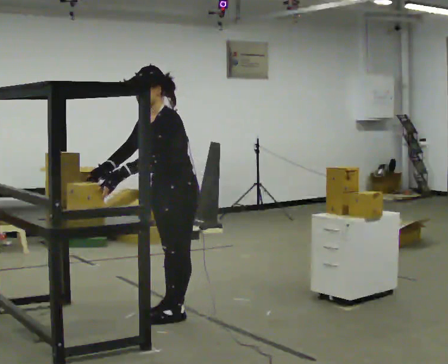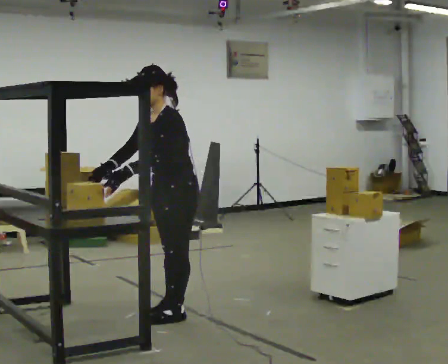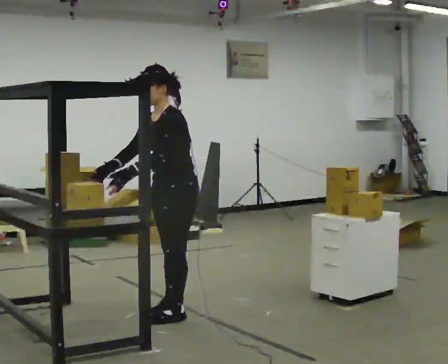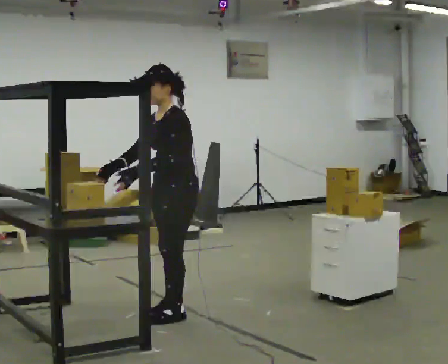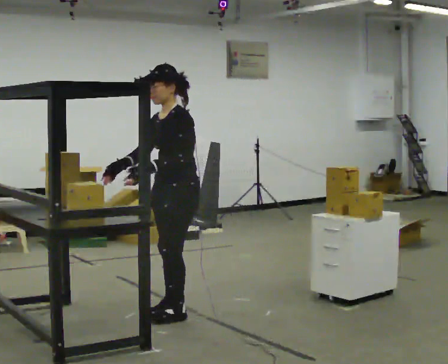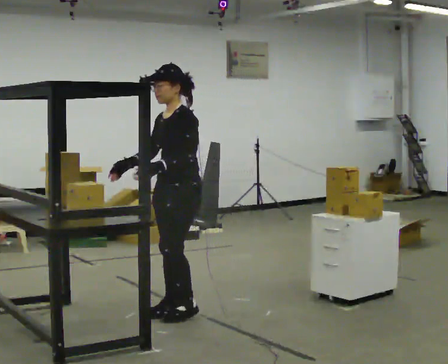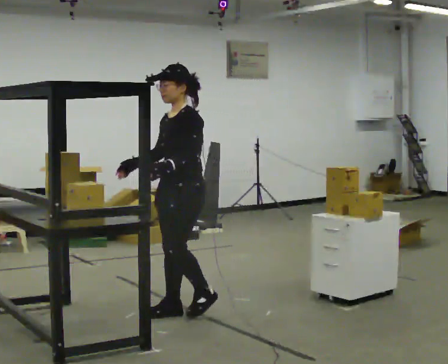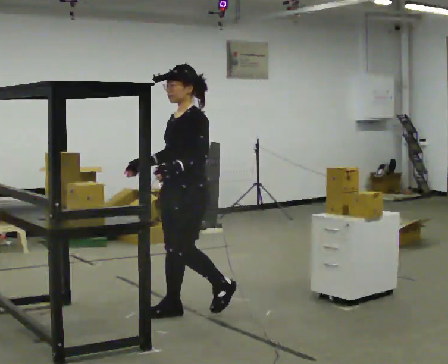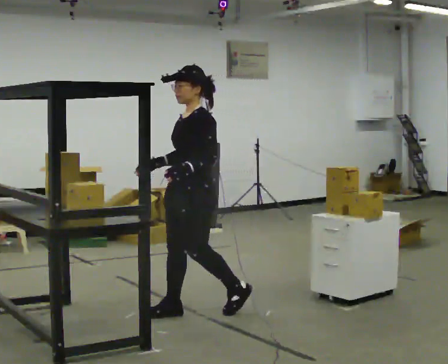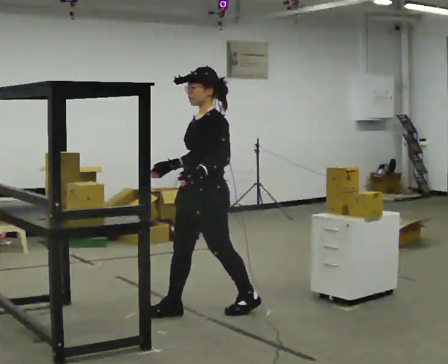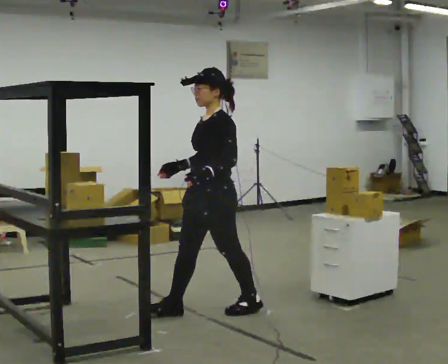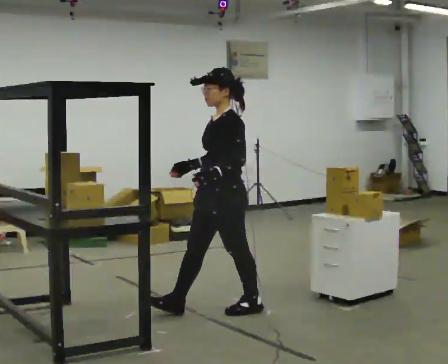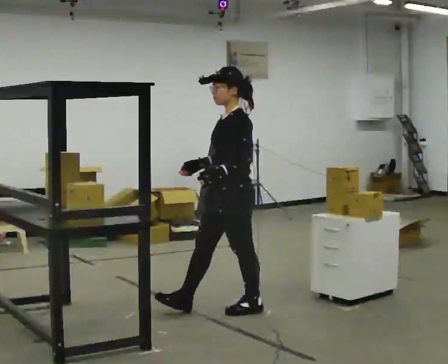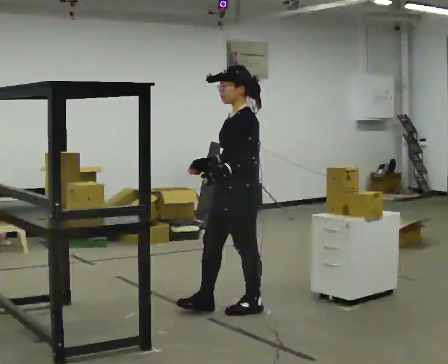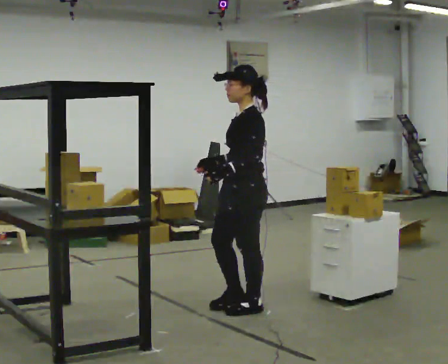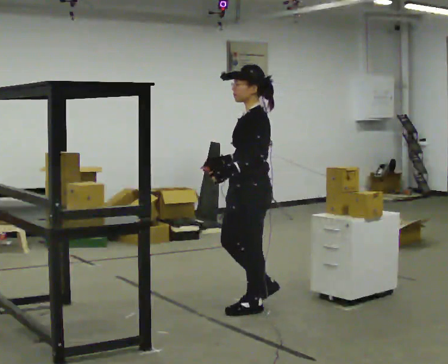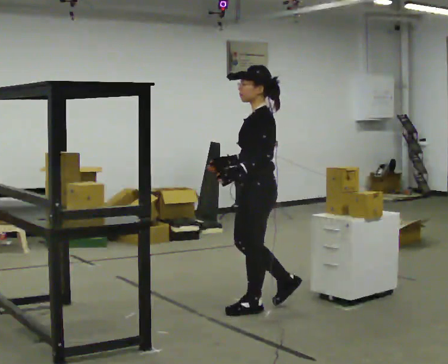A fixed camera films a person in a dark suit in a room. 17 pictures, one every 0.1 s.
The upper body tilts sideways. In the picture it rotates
clockwise.
0.0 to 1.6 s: Seen from above the body turns clockwise, about 30 degrees: to their right, with its near side sliding to the left. In the picture they go to the right, about 0.5 m in 2 steps, which for them is backward. In the picture the upper body tilts clockwise, shoulders to the right, as they lean back or straighten.
The film runs backward here.
